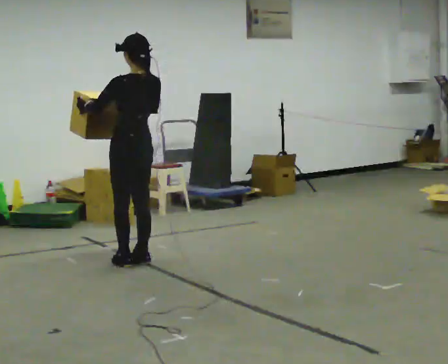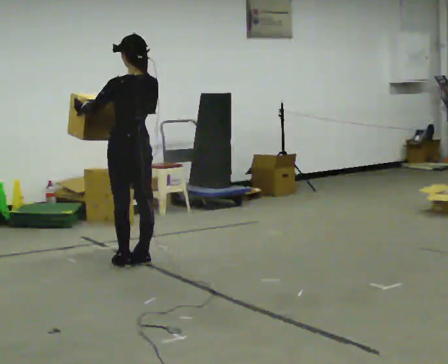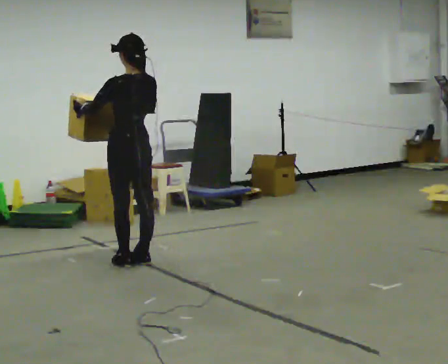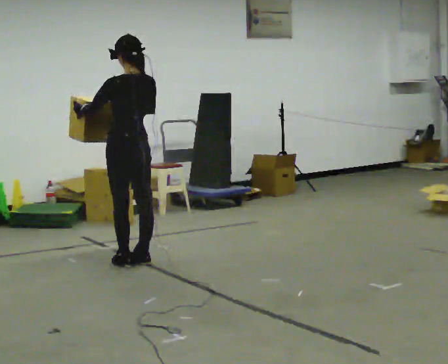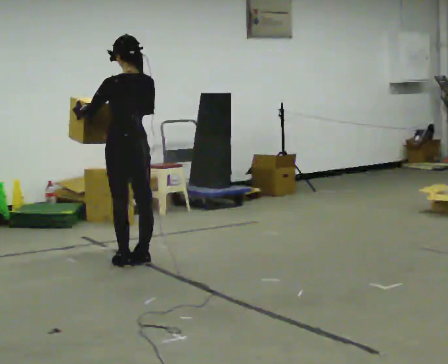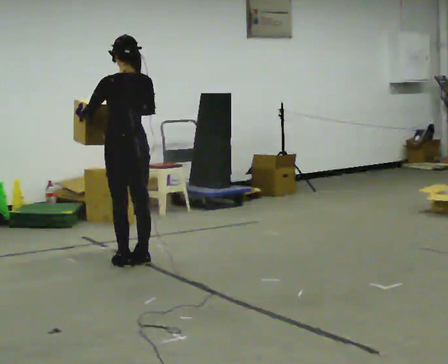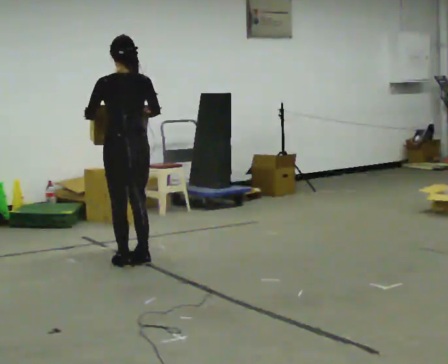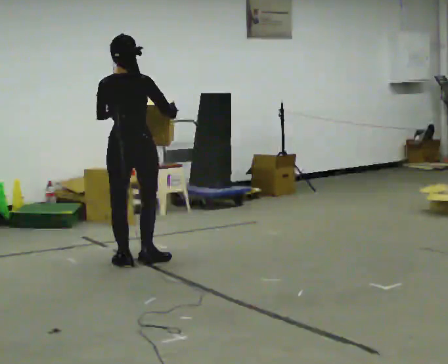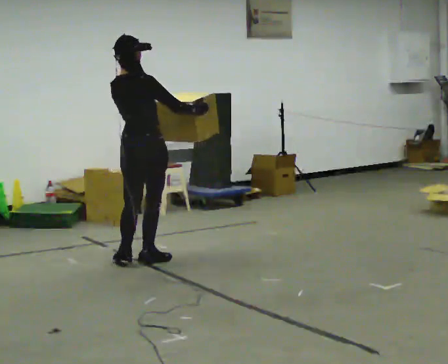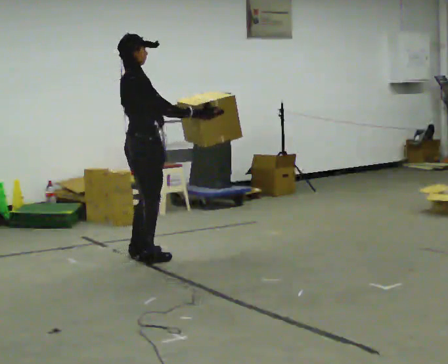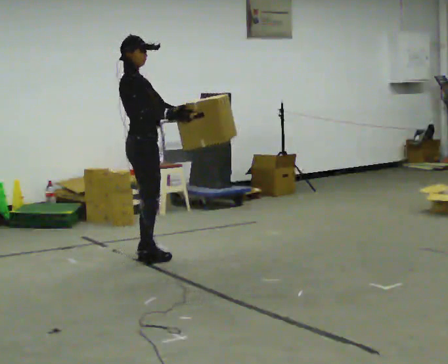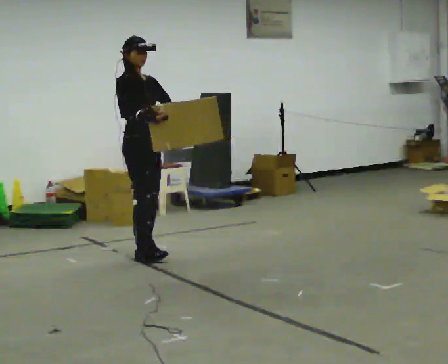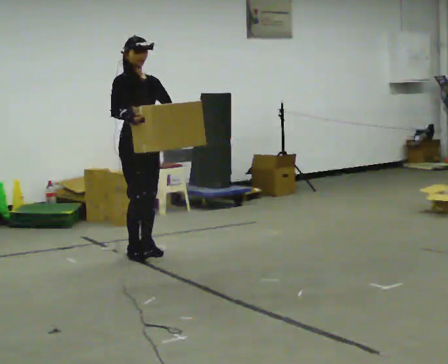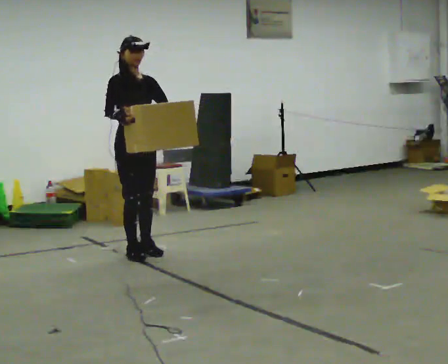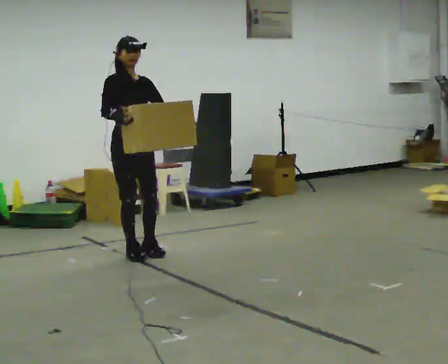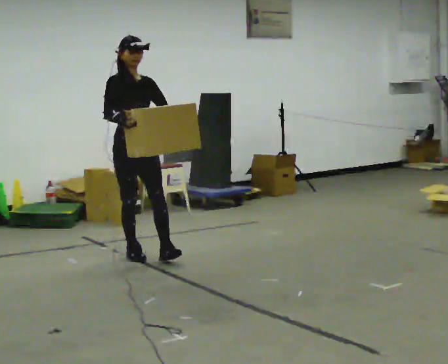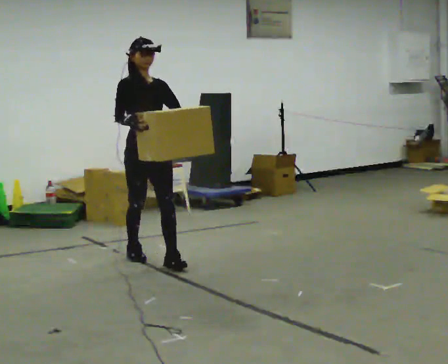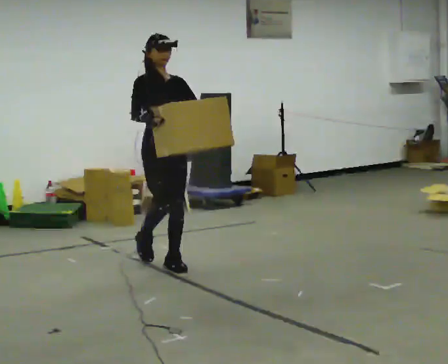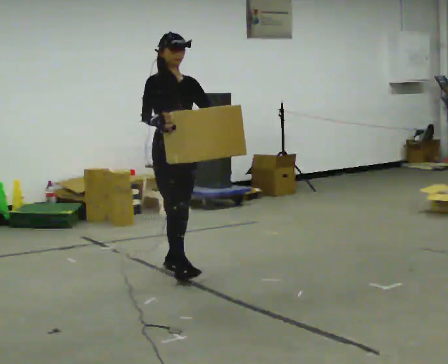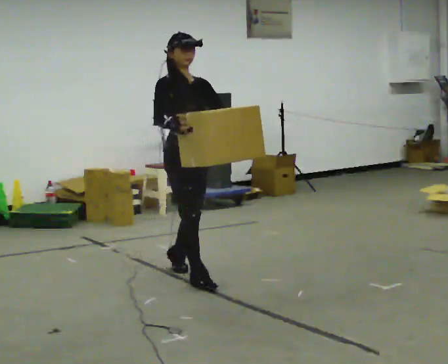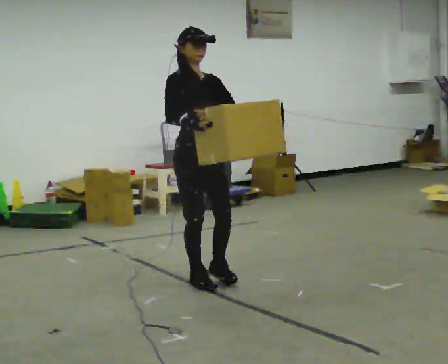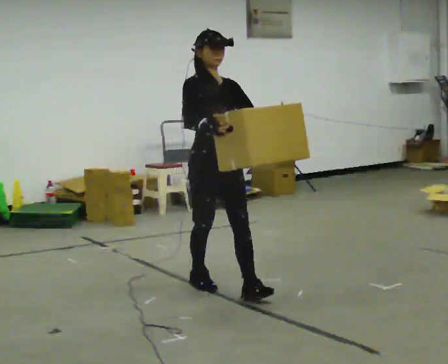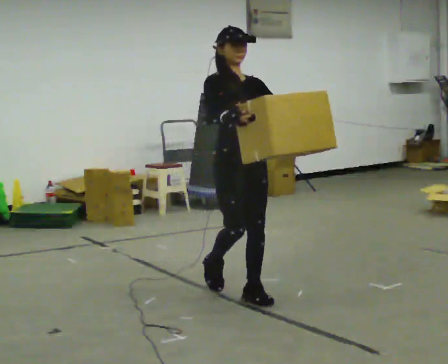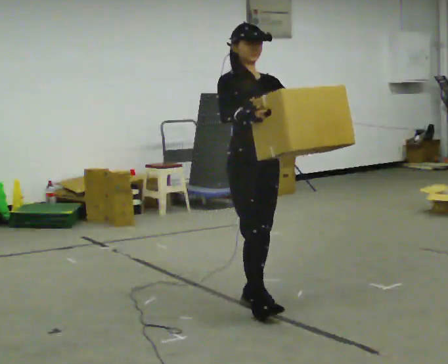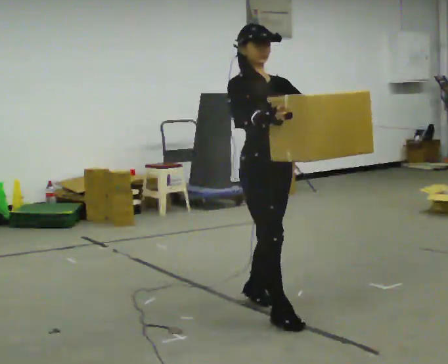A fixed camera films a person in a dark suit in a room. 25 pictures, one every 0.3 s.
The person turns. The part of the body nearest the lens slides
to the left.
The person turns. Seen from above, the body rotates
clockwise.
0.0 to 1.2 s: The person moves a little, or ends about where they began.
1.2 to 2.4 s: The person turns about 75 degrees to their right, clockwise seen from above, so the part of the body nearest the lens slides to the left. In the picture their right hand goes to the right.
2.4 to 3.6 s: Seen from above the body turns clockwise, about 105 degrees: to their right, with its near side sliding to the left. In the picture they go away from the camera, about 0.25 m in 2 steps.
3.6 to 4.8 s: In the picture they go toward the camera, about 0.25 m in 1 step, which for them is forward.
4.8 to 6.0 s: In the picture they go toward the camera, about 0.5 m in 1 step, which for them is forward.
6.0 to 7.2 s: In the picture they go toward the camera, about 1 m in 2 steps, which for them is forward.
The film runs forward here.
